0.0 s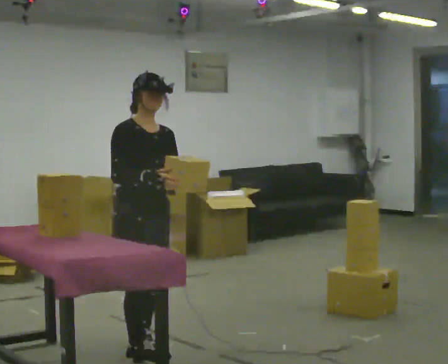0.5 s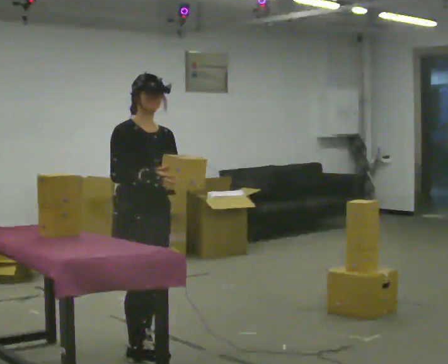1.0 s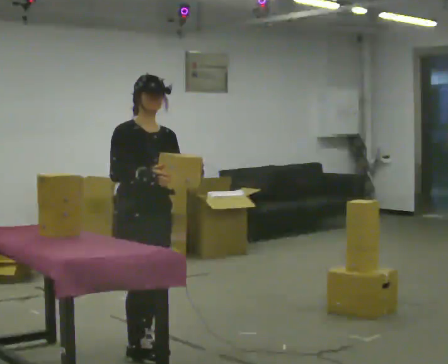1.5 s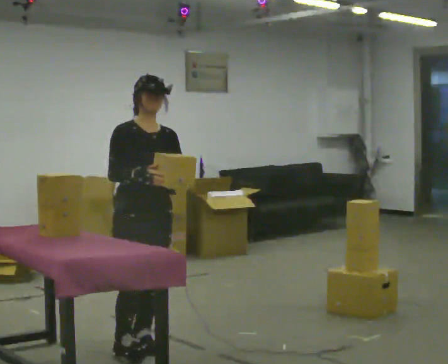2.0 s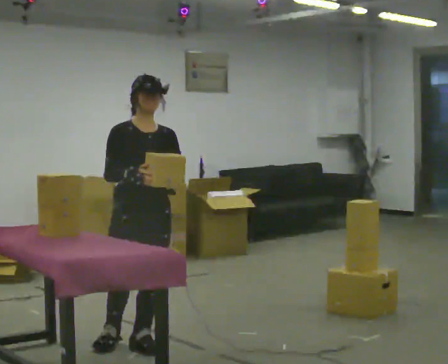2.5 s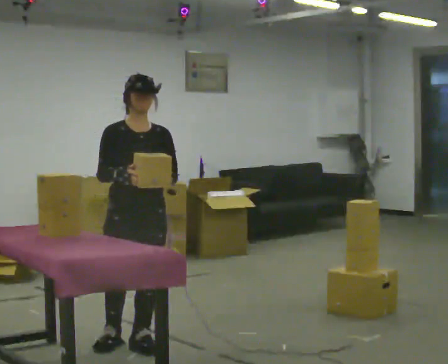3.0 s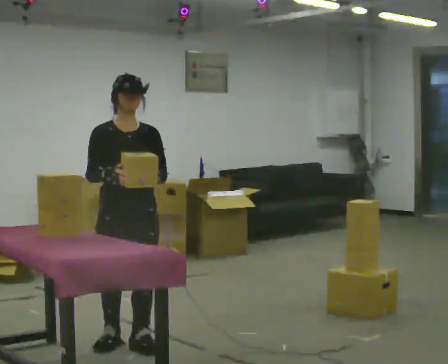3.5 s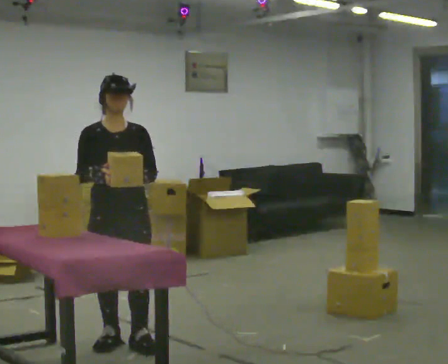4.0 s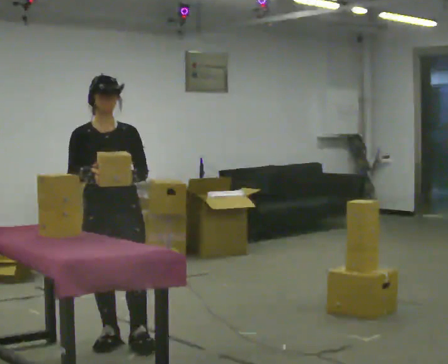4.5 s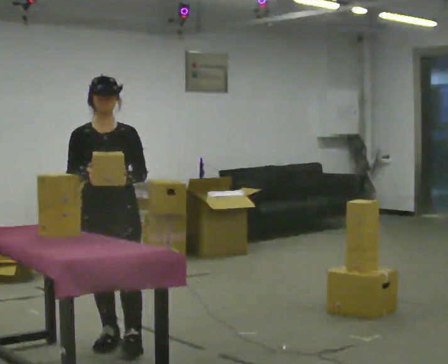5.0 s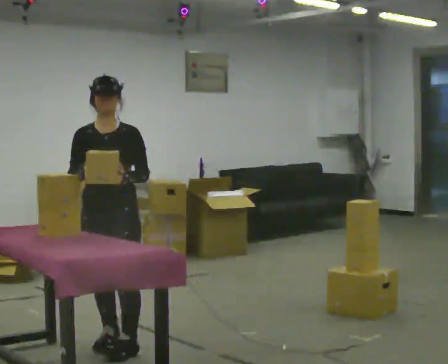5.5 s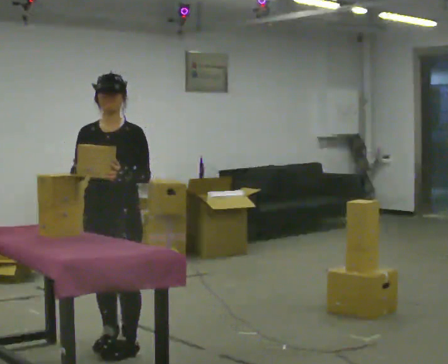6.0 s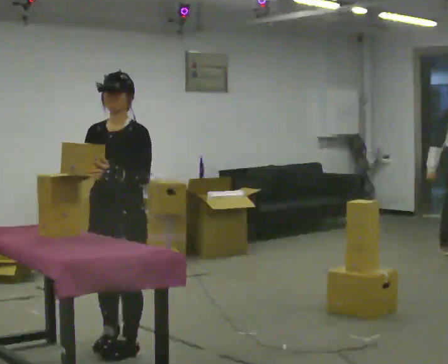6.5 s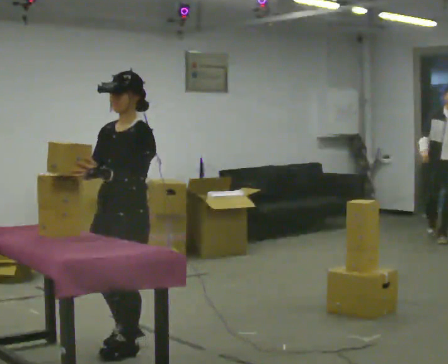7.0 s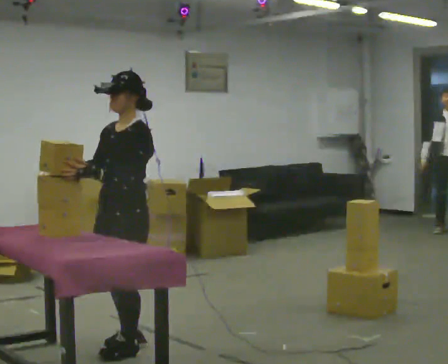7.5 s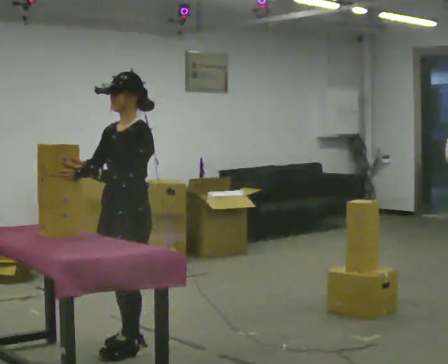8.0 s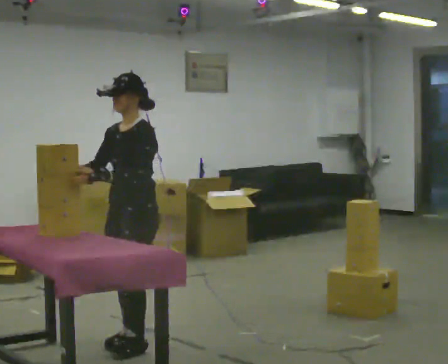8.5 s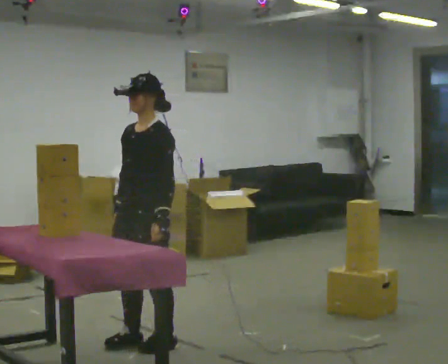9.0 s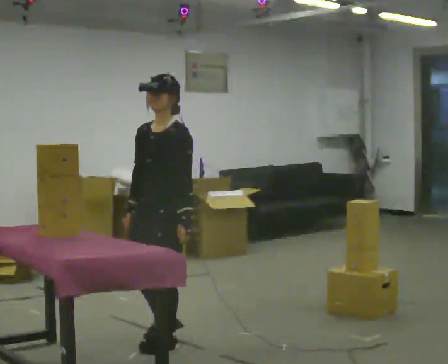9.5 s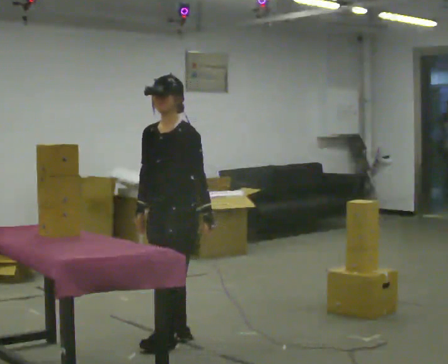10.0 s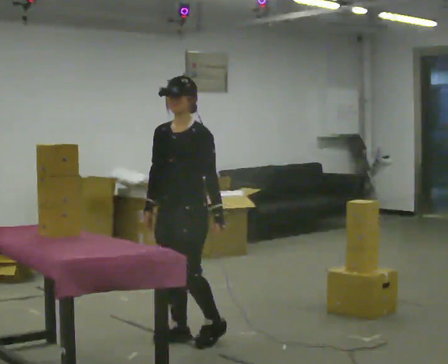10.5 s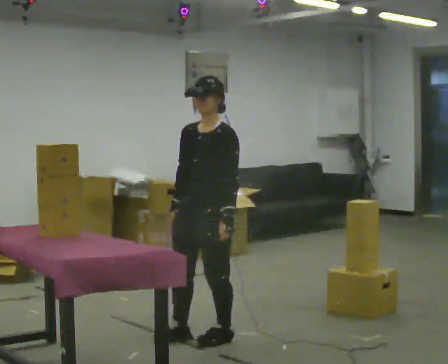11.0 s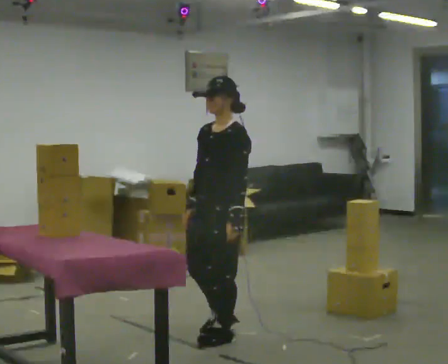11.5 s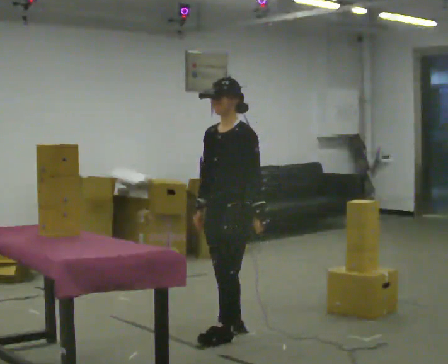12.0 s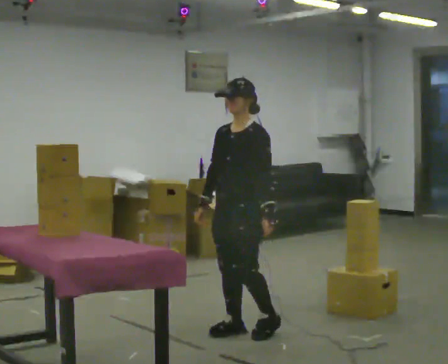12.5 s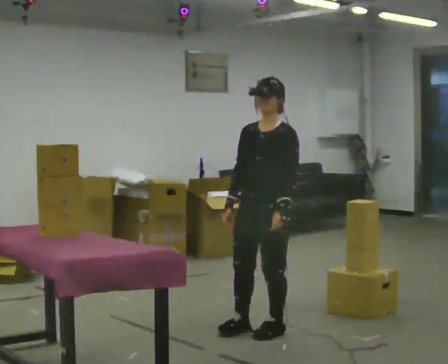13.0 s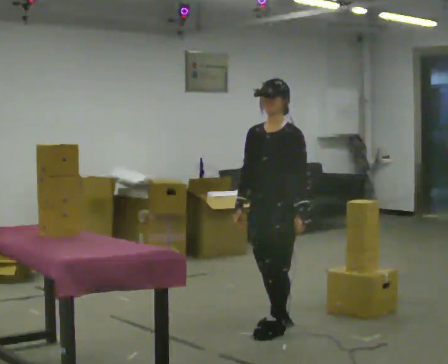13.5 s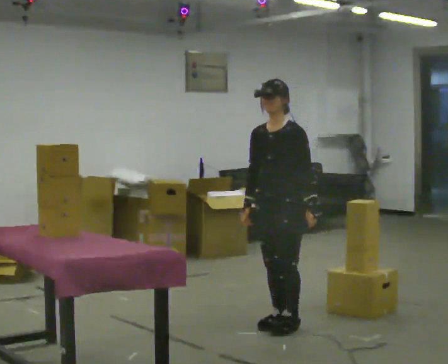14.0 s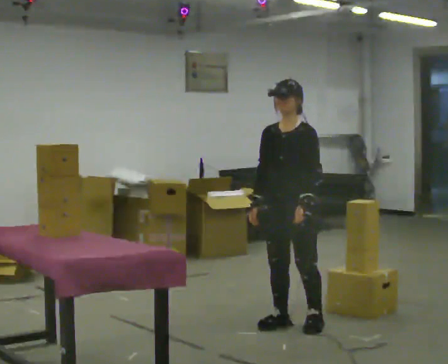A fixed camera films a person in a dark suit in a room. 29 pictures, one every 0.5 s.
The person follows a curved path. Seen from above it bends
clockwise.
0.0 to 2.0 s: Seen from above the body turns clockwise, about 30 degrees: to their right, with its near side sliding to the left.
2.0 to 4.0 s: In the picture they go to the left, about 0.25 m, which for them is to their right.
4.0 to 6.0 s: The person turns about 30 degrees to their right, clockwise seen from above, so the part of the body nearest the lens slides to the left.
6.0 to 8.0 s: Seen from above the body turns clockwise, about 30 degrees: to their right, with its near side sliding to the left.
8.0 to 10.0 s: In the picture they go to the right, about 0.25 m in 2 steps, which for them is backward.
10.0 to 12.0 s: In the picture they go to the right, about 0.5 m in 2 steps, which for them is backward.
12.0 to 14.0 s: In the picture they go to the right, about 0.5 m in 2 steps, which for them is backward.
The film runs backward here.
